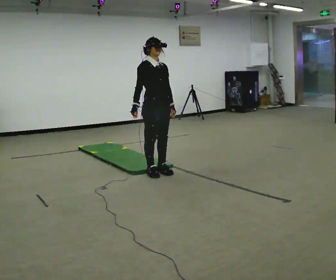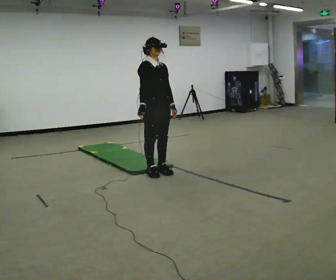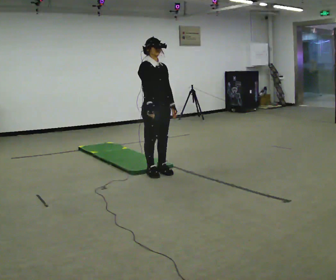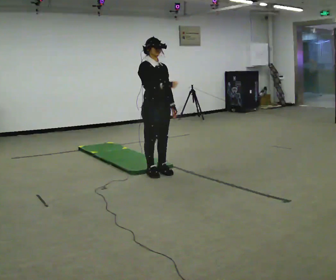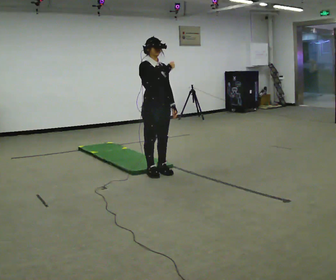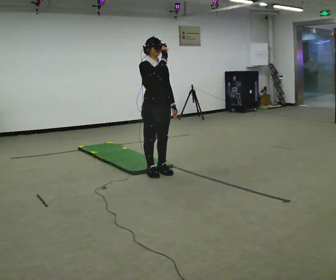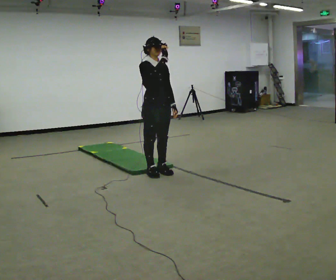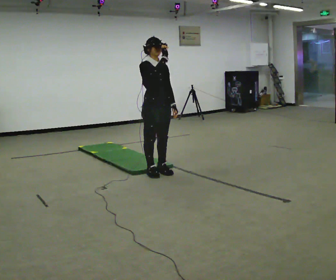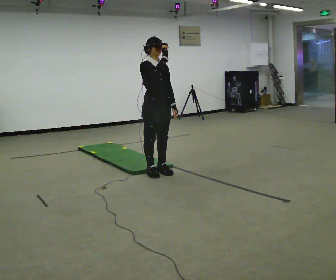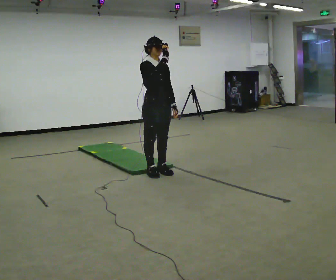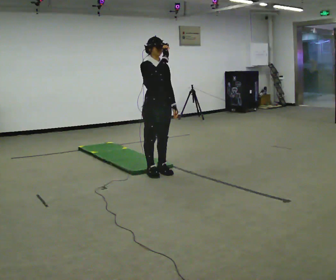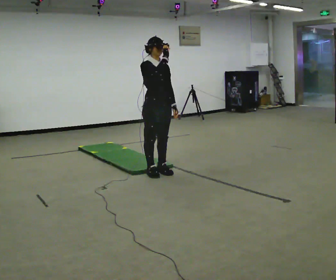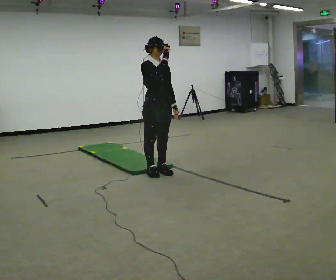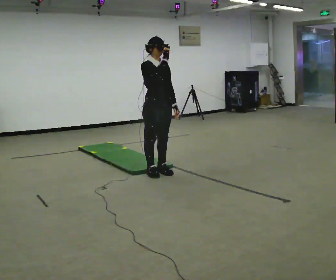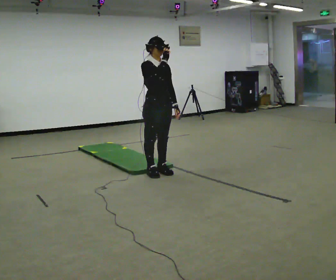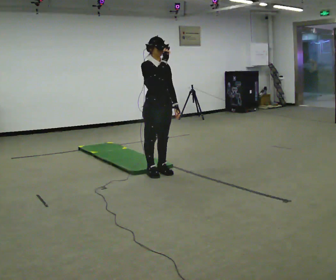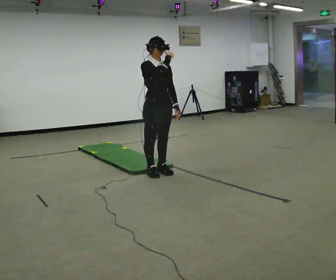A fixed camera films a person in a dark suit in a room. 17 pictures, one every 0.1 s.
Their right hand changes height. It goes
upward.
0.0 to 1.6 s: In the picture their right hand goes upward and to the right.
The film runs backward here.
